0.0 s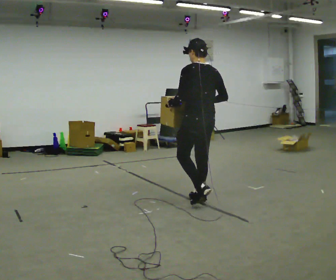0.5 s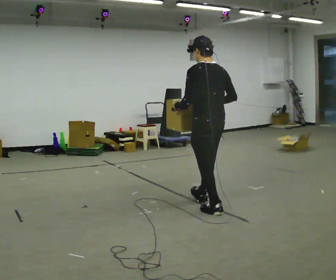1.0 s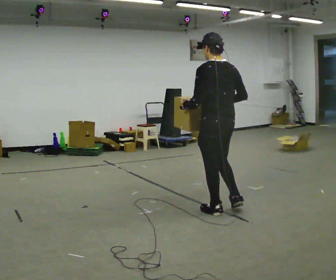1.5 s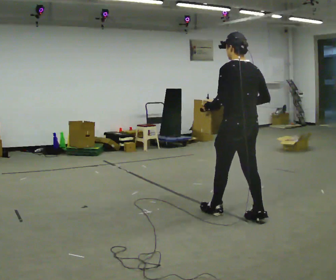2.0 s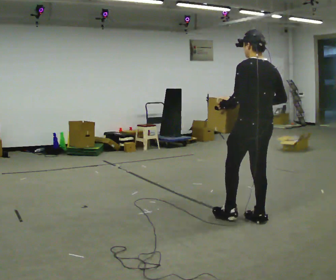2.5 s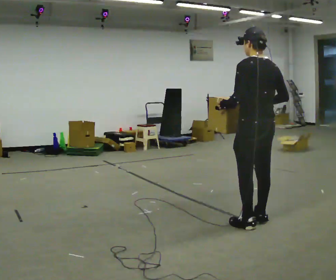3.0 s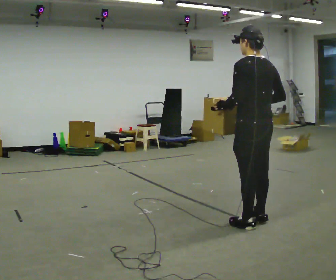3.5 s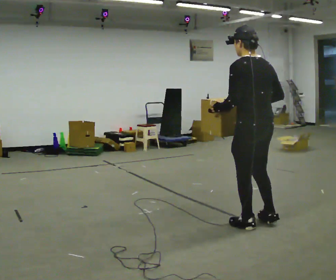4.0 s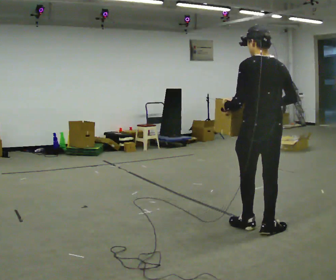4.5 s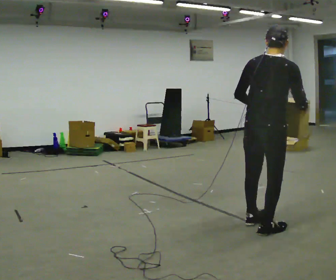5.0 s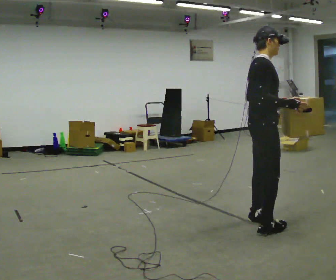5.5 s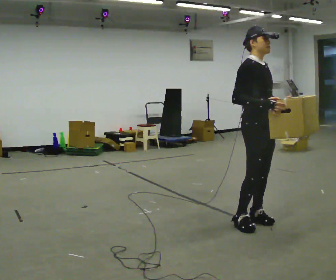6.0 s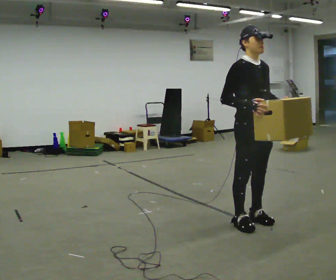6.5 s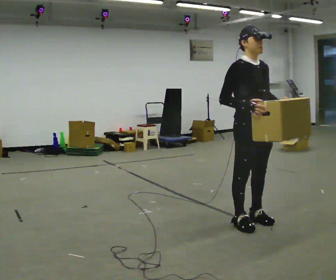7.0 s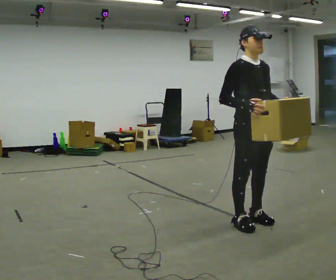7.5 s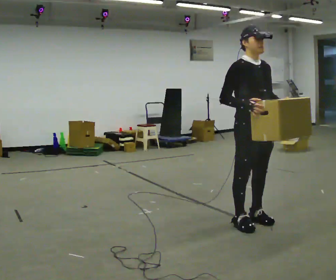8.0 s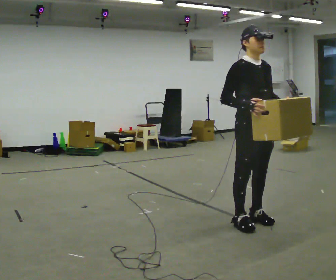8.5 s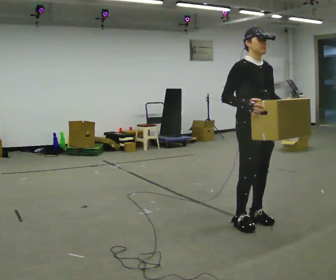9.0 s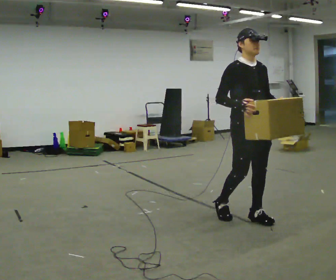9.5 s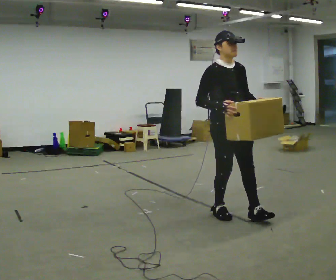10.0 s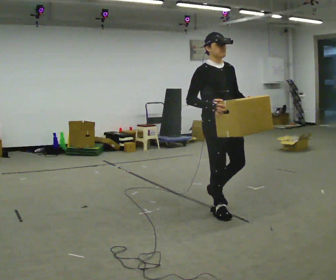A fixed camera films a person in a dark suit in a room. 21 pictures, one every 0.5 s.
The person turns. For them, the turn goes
to their right.
The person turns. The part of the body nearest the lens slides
to the left.
0.0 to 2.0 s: In the picture they go to the right and toward the camera, about 1 m in 2 steps, which for them is backward.
2.0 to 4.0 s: In the picture they go toward the camera, about 0.25 m in 1 step, which for them is backward and to their left.
4.0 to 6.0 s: The part of the body nearest the lens slides to the left as the person turns to their right by about 150 degrees. In the picture their left hand goes to the right.
6.0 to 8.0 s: The person moves a little, or ends about where they began.
8.0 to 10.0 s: In the picture they go to the left and away from the camera, about 0.5 m in 2 steps, which for them is backward.
The film runs backward here.
